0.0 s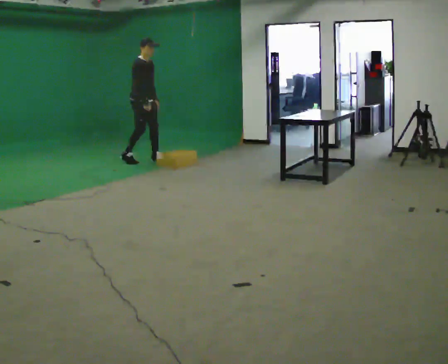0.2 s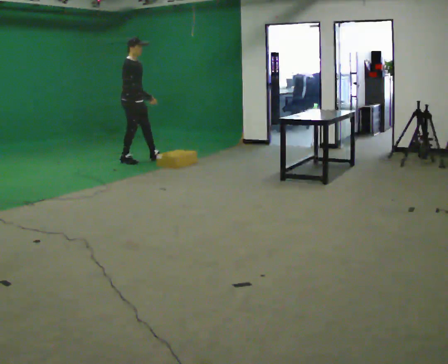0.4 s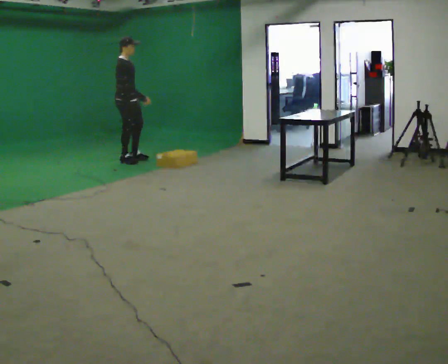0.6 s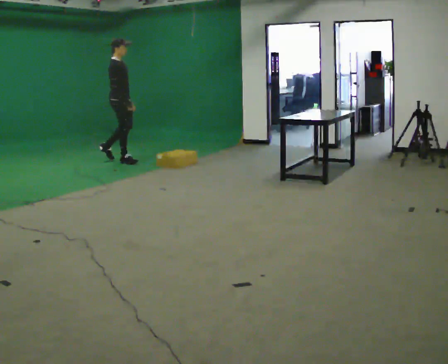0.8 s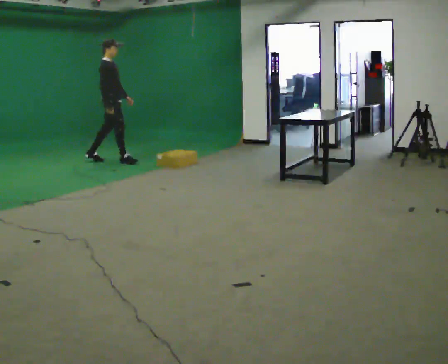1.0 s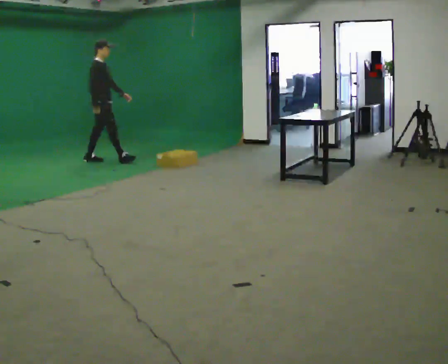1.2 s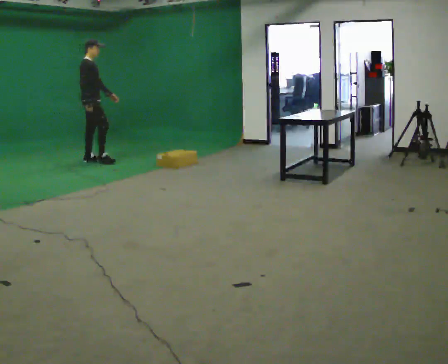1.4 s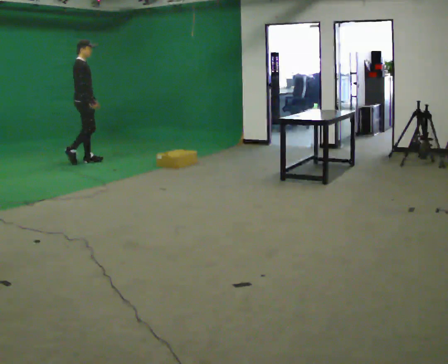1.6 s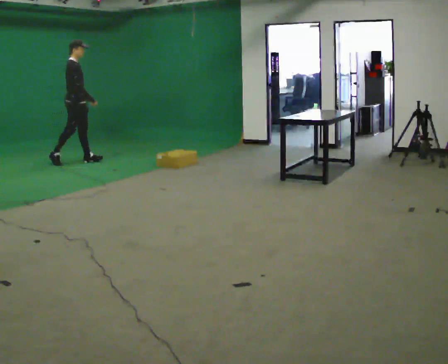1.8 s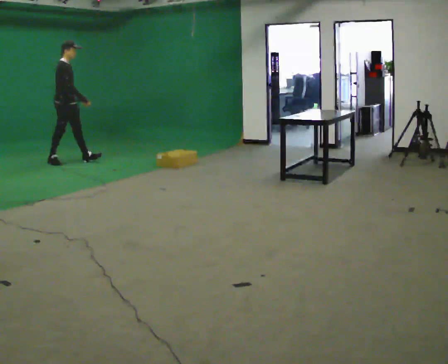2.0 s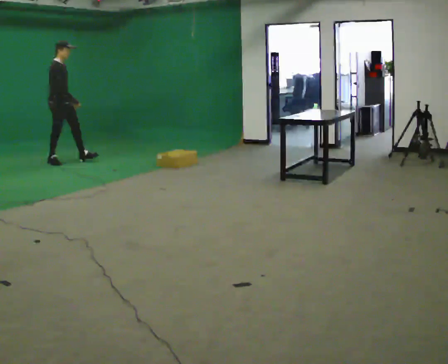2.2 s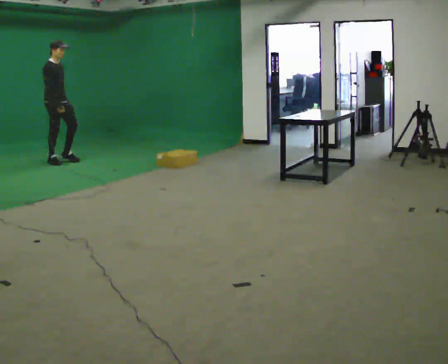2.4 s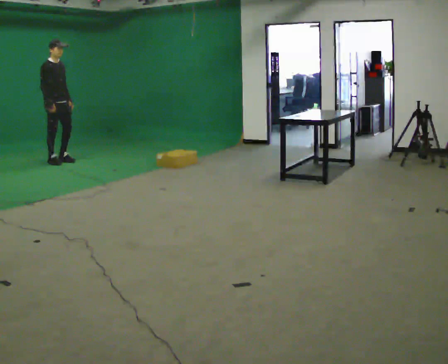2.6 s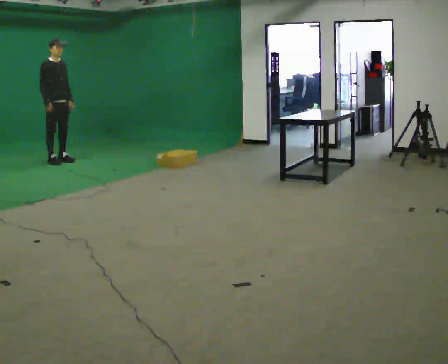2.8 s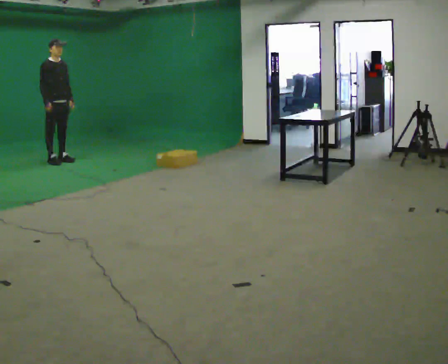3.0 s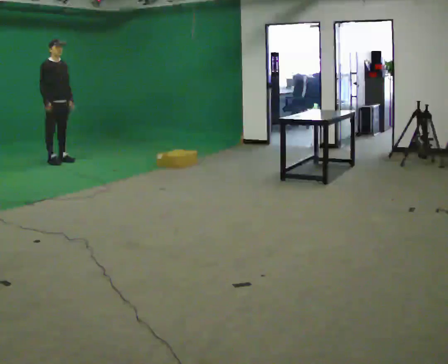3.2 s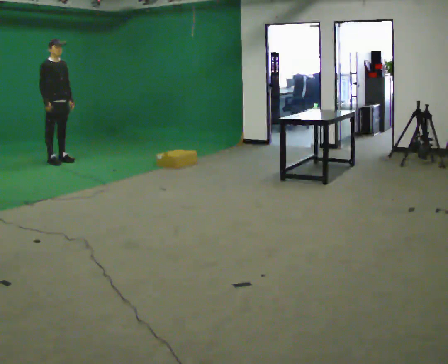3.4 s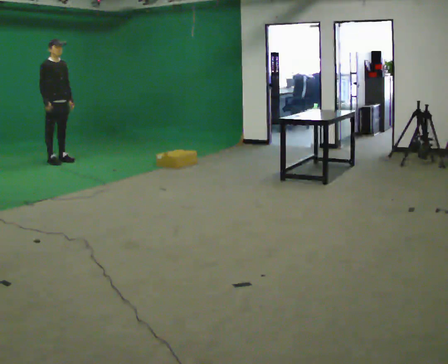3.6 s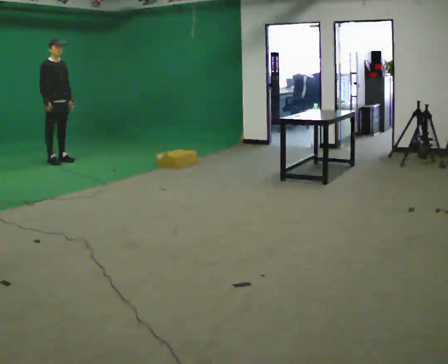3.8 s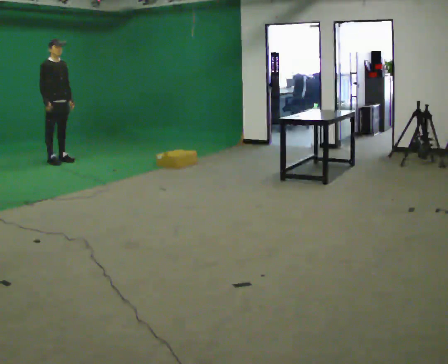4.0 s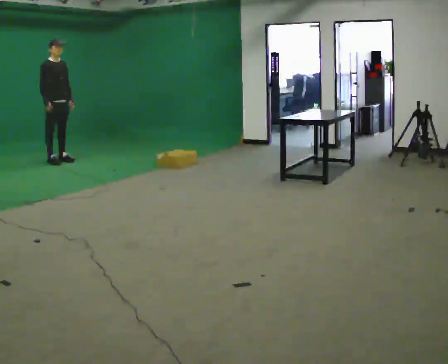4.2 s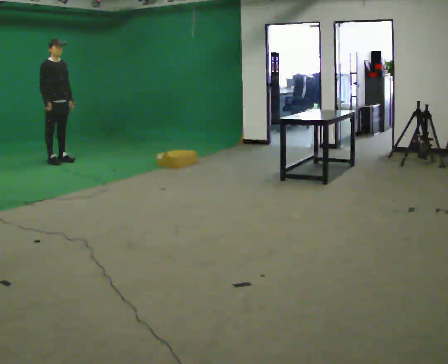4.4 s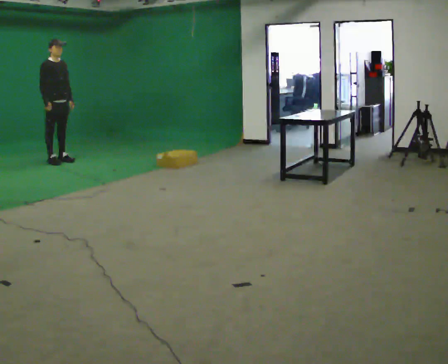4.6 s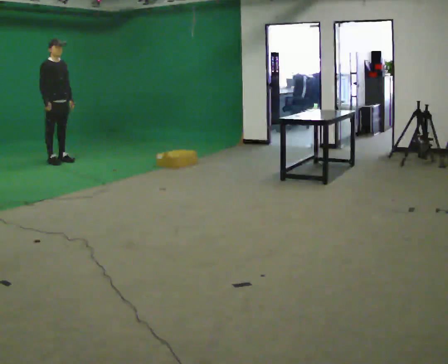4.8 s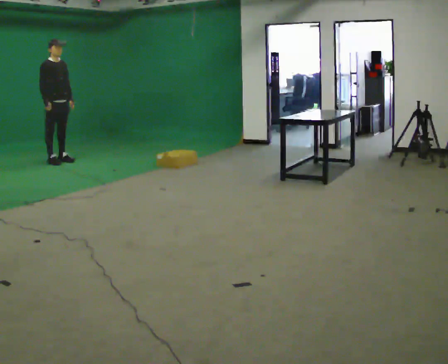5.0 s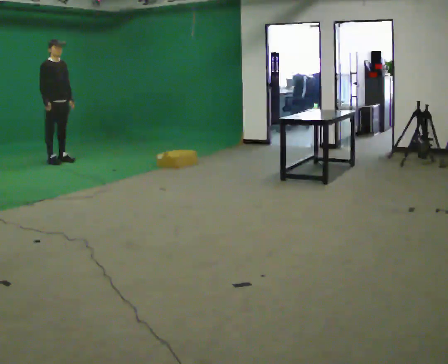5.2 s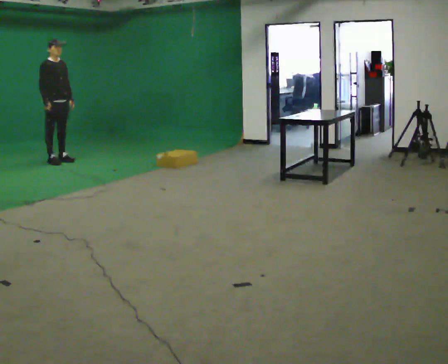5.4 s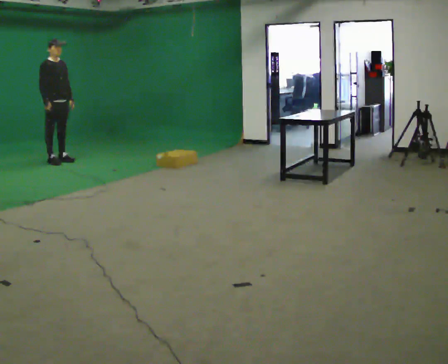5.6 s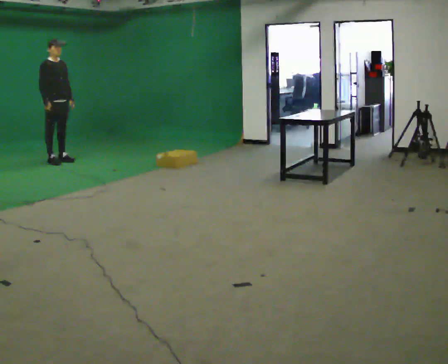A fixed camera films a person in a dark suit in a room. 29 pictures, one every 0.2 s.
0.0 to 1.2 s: The person turns about 30 degrees to their left, counterclockwise seen from above, so the part of the body nearest the lens slides to the right. In the picture they go to the left, about 0.5 m in 2 steps, which for them is backward.
1.2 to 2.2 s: In the picture they go to the left, about 0.5 m in 1 step, which for them is backward.
2.2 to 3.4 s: The person moves a little, or ends about where they began.
3.4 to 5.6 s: The person keeps their place and pose.
The film runs backward here.
